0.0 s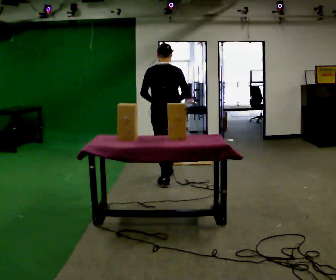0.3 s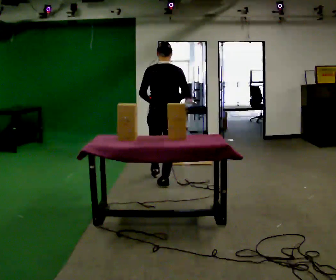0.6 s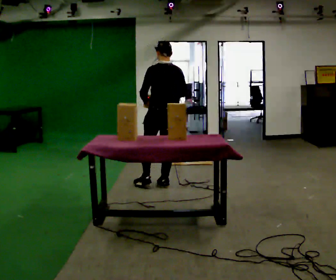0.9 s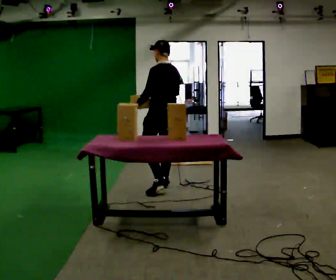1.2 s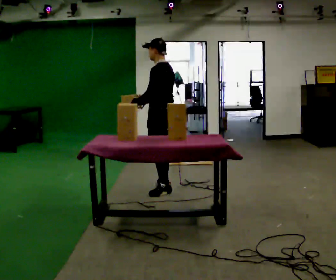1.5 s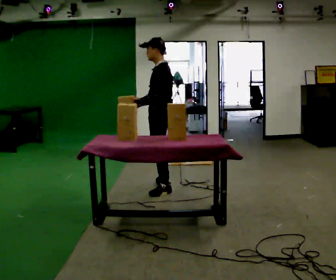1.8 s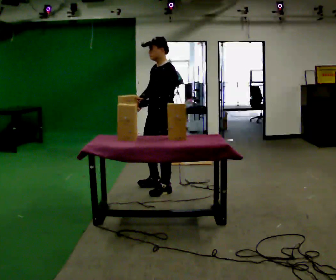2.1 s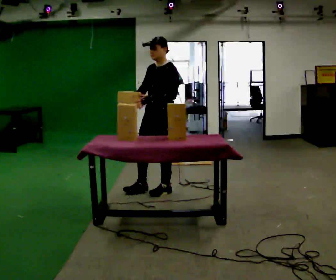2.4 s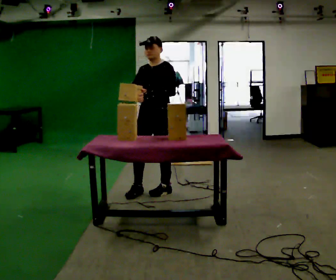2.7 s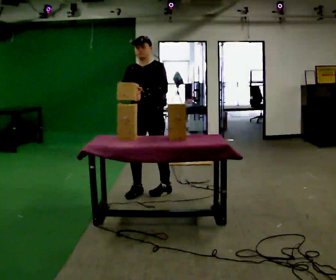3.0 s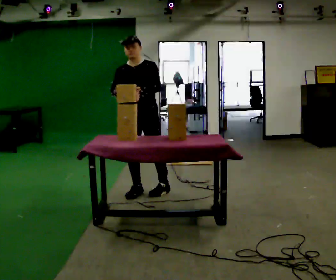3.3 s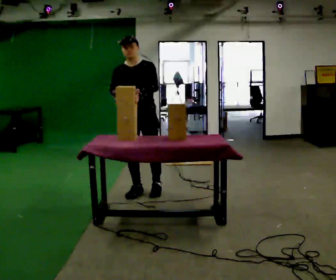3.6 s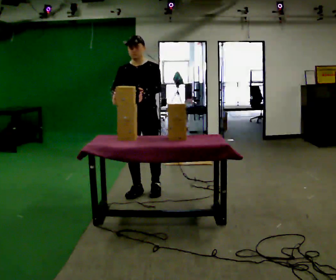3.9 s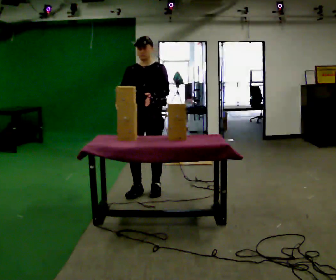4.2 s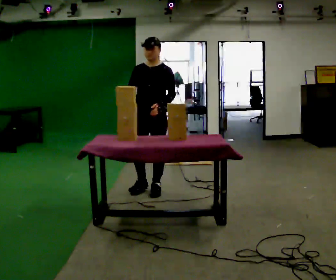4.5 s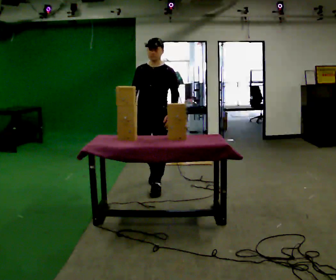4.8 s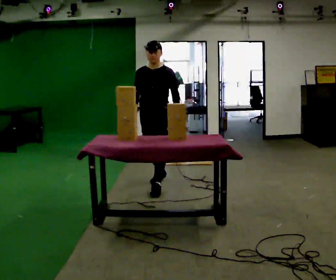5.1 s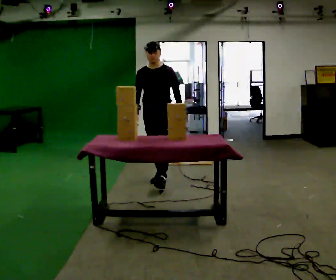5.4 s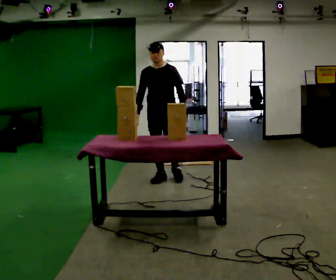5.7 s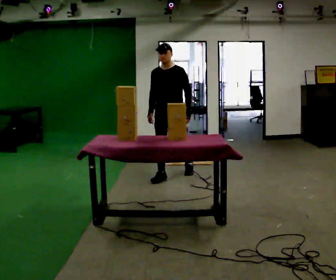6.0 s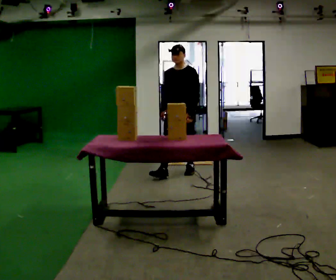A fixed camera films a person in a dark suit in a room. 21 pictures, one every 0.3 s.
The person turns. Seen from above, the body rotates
counterclockwise.
The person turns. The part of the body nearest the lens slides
to the right.
0.0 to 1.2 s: Seen from above the body turns counterclockwise, about 90 degrees: to their left, with its near side sliding to the right. In the picture they go toward the camera, about 0.25 m in 1 step.
1.2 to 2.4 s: The person turns about 75 degrees to their left, counterclockwise seen from above, so the part of the body nearest the lens slides to the right. In the picture they go toward the camera, about 0.25 m in 1 step.
2.4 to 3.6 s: The person turns about 30 degrees to their left, counterclockwise seen from above, so the part of the body nearest the lens slides to the right. In the picture they go to the left, about 0.25 m, which for them is to their right.
3.6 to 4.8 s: In the picture they go away from the camera and to the right, about 0.25 m in 1 step, which for them is backward.
4.8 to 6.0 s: In the picture they go away from the camera and to the right, about 0.75 m in 2 steps, which for them is backward.
The film runs backward here.
